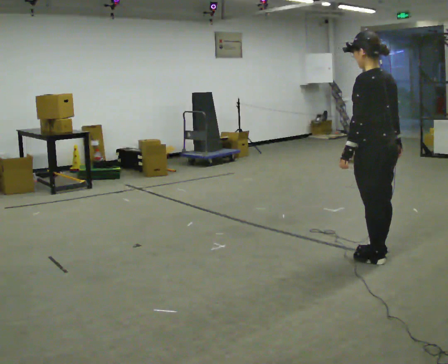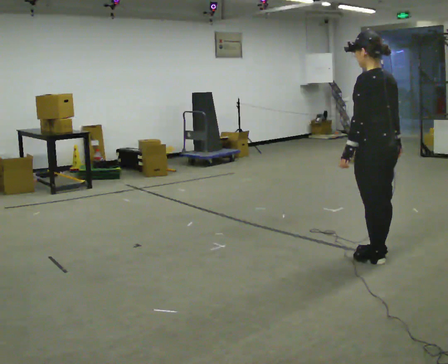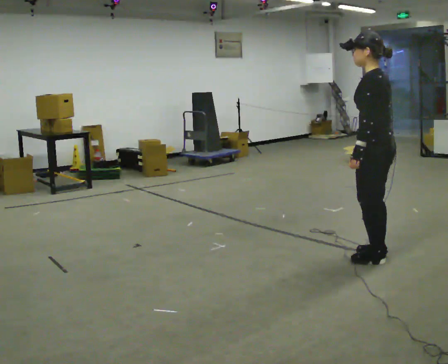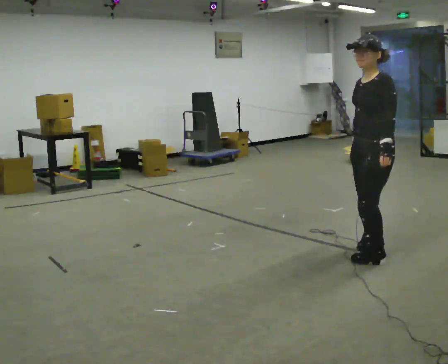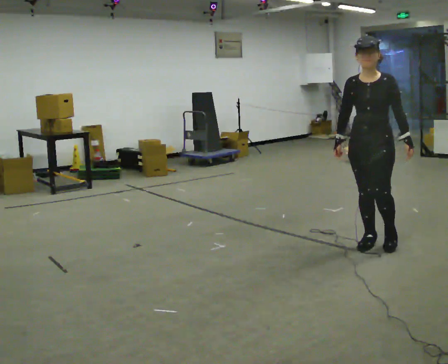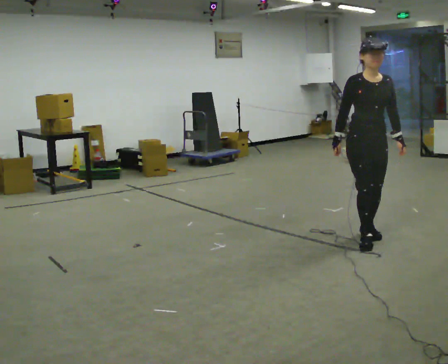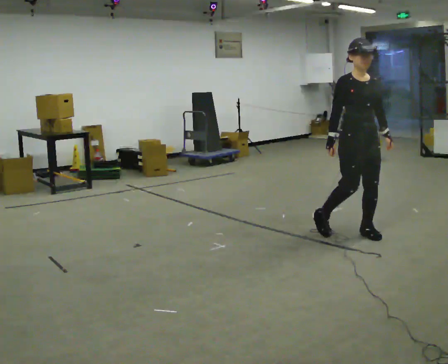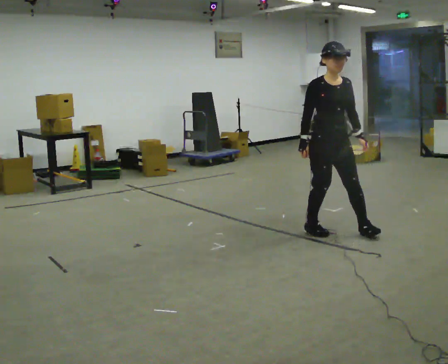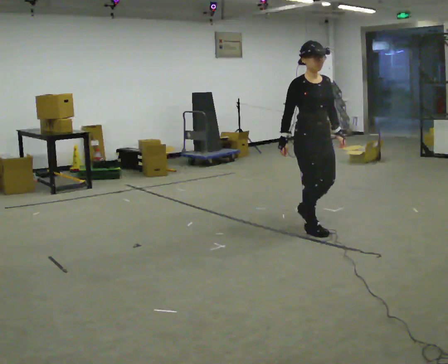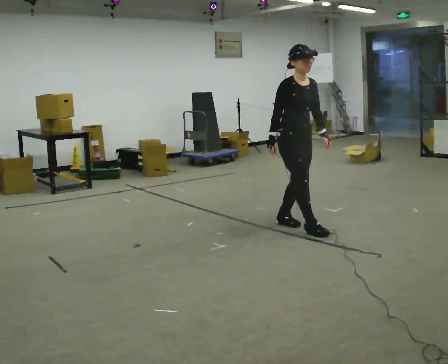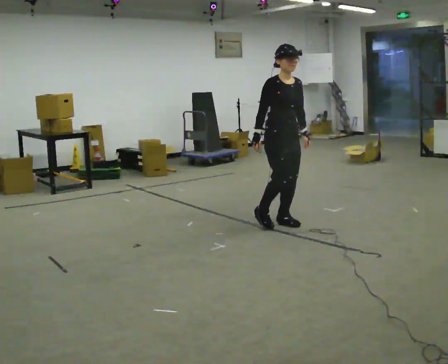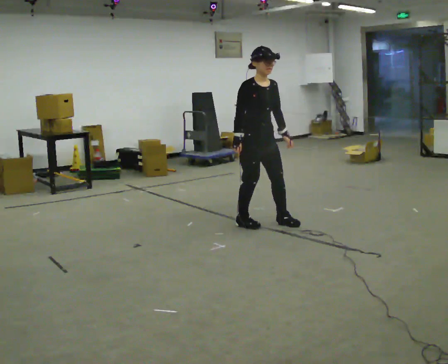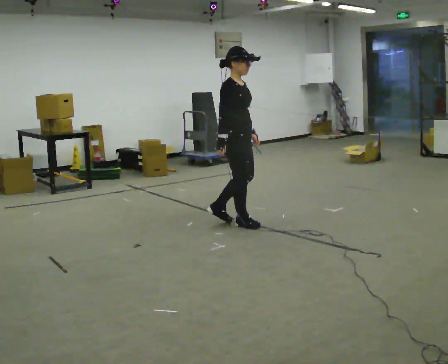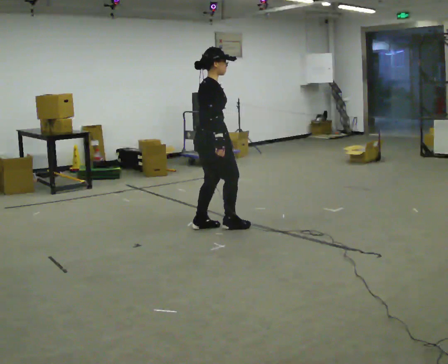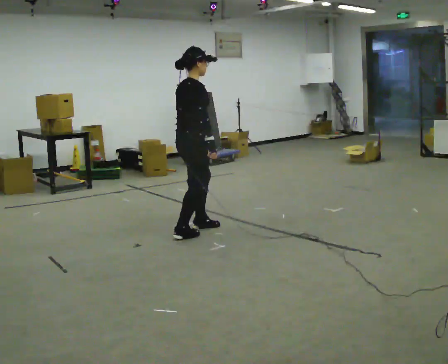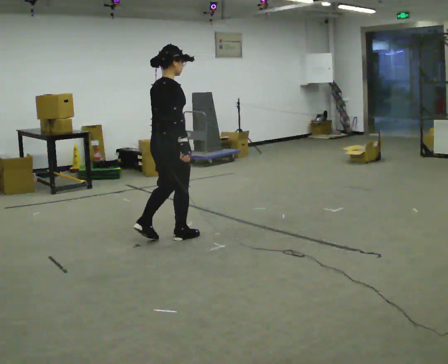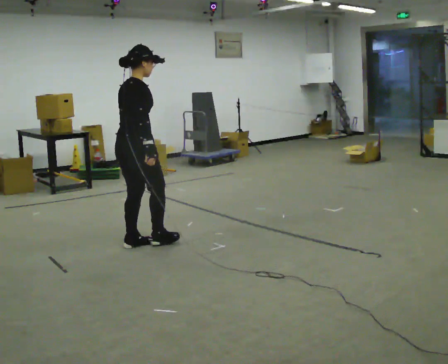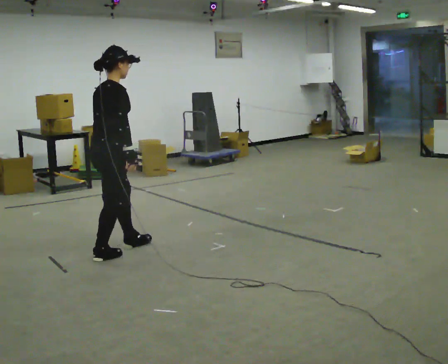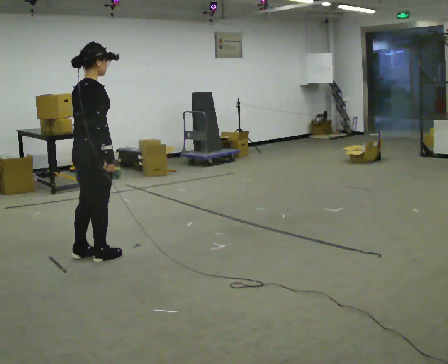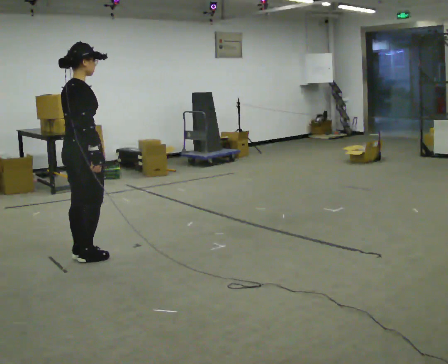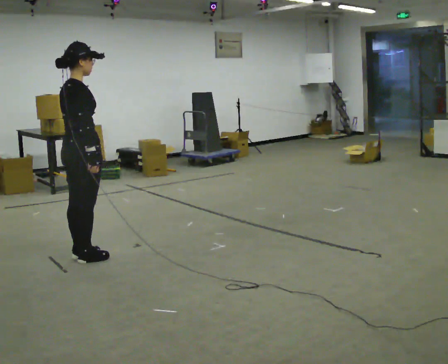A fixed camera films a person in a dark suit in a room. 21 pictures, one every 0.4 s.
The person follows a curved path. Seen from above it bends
counterclockwise.
The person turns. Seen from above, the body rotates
counterclockwise.
0.0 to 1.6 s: The part of the body nearest the lens slides to the right as the person turns to their left by about 120 degrees. In the picture they go away from the camera, about 0.25 m in 1 step.
1.6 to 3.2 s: Seen from above the body turns counterclockwise, about 45 degrees: to their left, with its near side sliding to the right. In the picture they go away from the camera and to the left, about 0.5 m in 2 steps, which for them is backward and to their right.
3.2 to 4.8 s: Seen from above the body turns counterclockwise, about 45 degrees: to their left, with its near side sliding to the right. In the picture they go to the left, about 0.75 m in 2 steps, which for them is backward and to their right.
4.8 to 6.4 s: Seen from above the body turns counterclockwise, about 45 degrees: to their left, with its near side sliding to the right. In the picture they go to the left and toward the camera, about 1 m in 3 steps, which for them is backward.
6.4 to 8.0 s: In the picture they go toward the camera and to the left, about 0.5 m in 2 steps, which for them is backward.
The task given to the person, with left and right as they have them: Walk backward several steps, then turn while still moving backward, then continue backward. Operator confirms the space behind you is clear.
The film runs forward here.
